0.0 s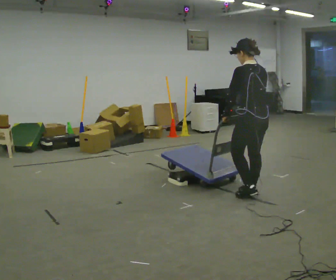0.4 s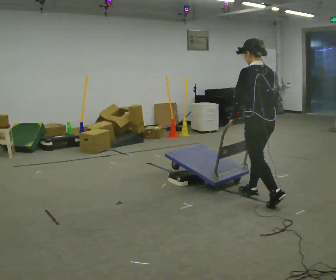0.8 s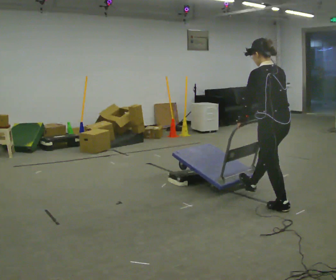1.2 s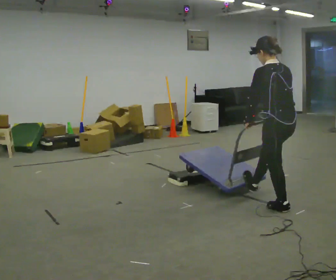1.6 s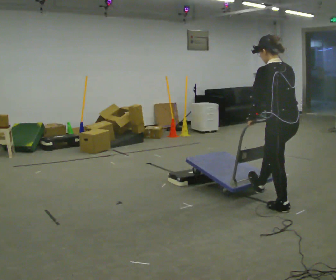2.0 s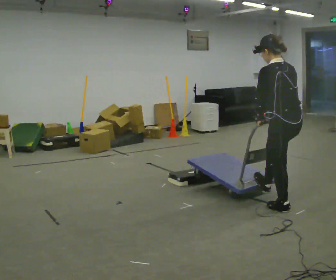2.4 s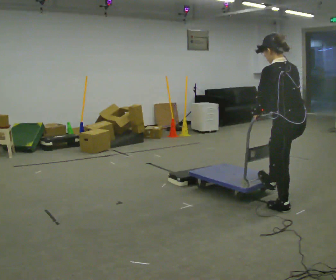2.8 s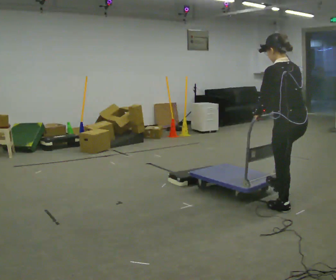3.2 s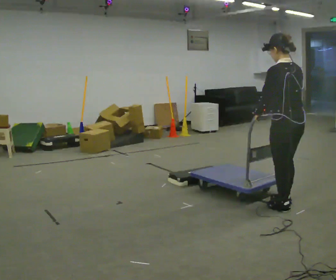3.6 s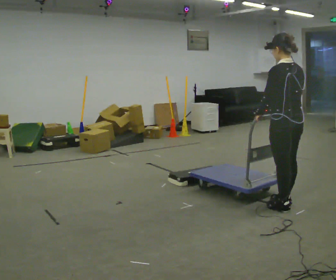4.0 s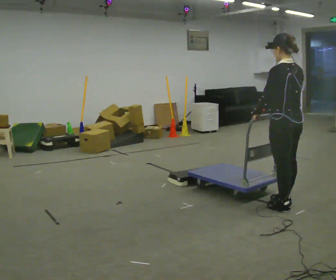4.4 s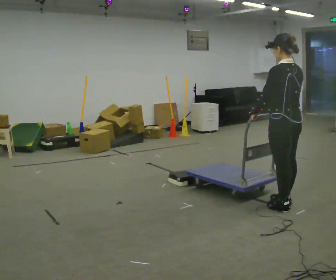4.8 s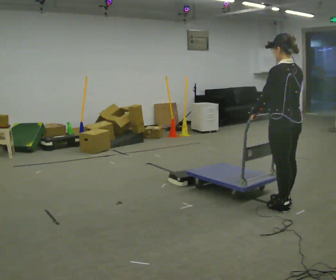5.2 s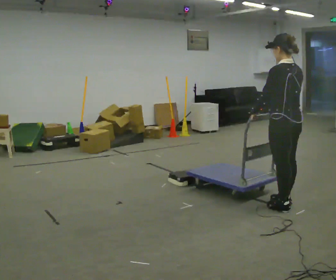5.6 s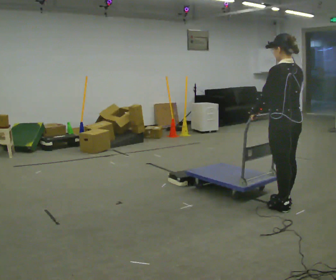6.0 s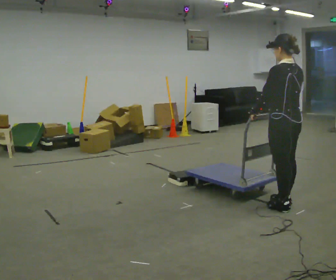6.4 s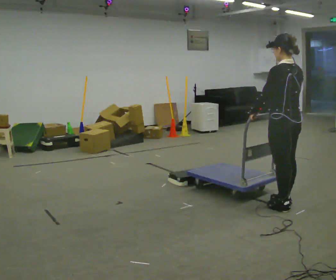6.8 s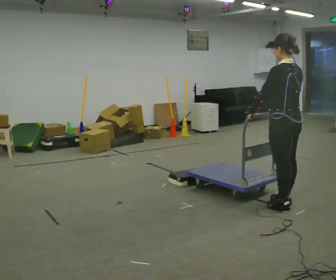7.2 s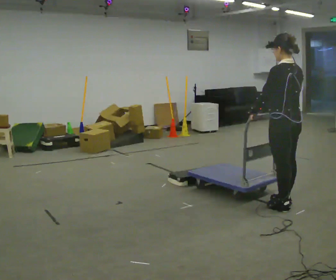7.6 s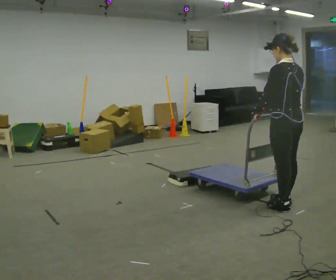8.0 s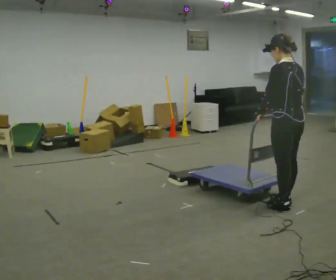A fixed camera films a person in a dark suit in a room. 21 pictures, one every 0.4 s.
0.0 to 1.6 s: In the picture they go toward the camera and to the right, about 0.5 m in 1 step, which for them is backward.
1.6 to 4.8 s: The person moves a little, or ends about where they began.
4.8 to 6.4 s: The person keeps their place and pose.
6.4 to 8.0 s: The person moves a little, or ends about where they began.
The film runs backward here.
